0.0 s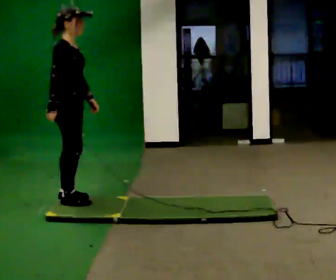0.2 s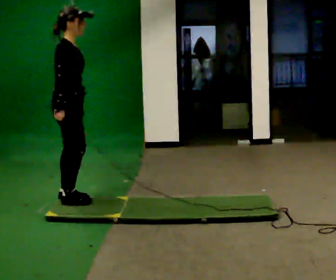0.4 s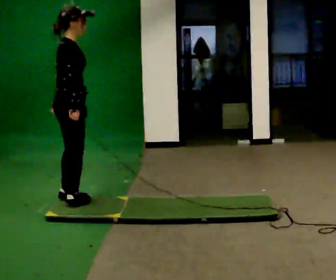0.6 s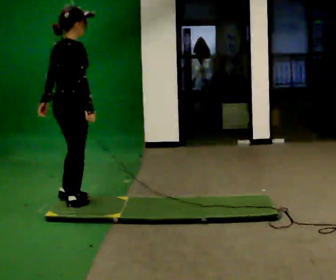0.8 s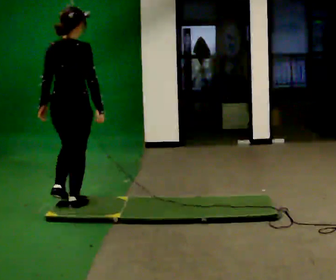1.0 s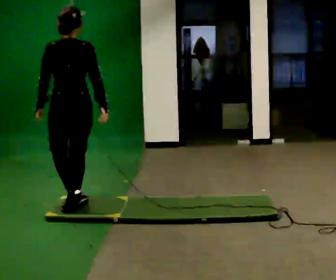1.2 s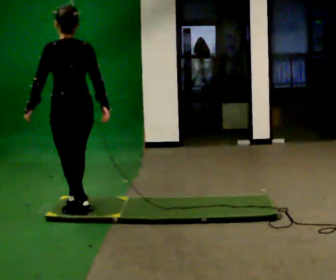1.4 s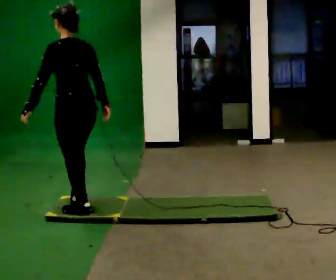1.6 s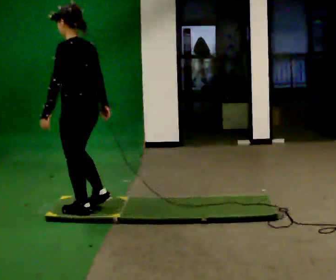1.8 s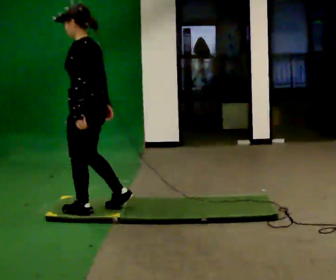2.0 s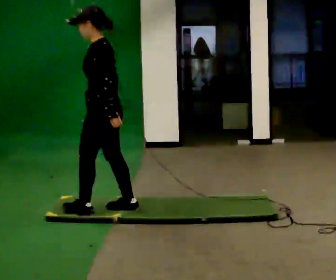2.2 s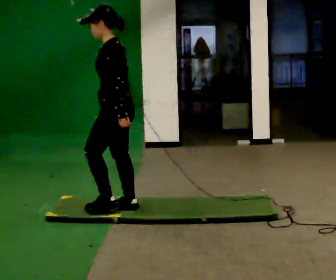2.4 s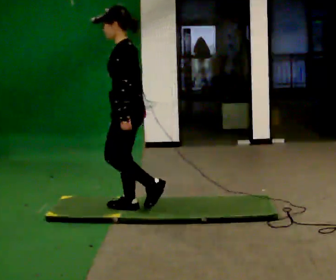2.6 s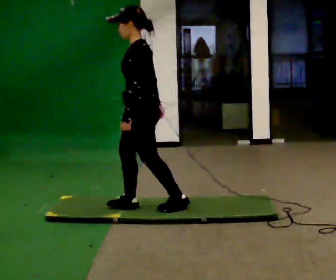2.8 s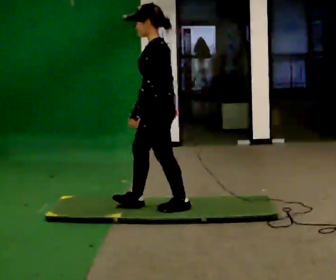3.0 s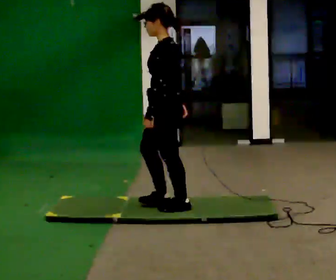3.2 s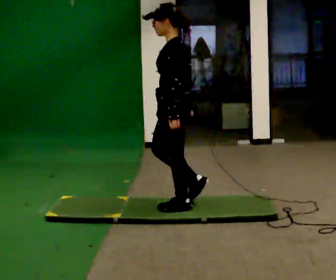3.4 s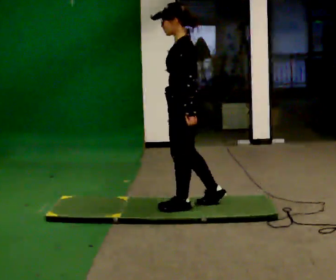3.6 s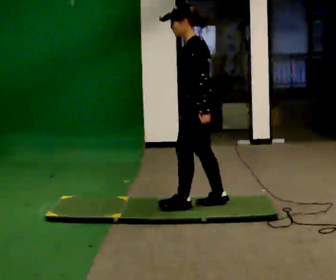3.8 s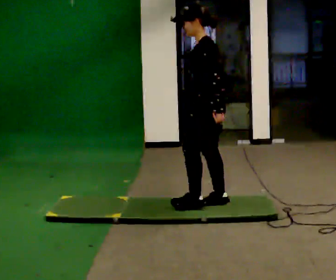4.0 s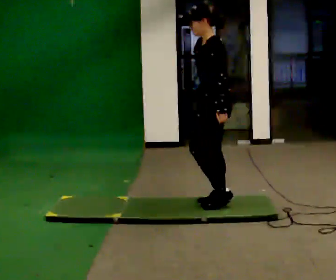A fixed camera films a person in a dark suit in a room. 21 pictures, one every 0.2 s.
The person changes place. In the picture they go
to the right.
The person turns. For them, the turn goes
to their left.
0.0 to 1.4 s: The person turns about 135 degrees to their left, counterclockwise seen from above, so the part of the body nearest the lens slides to the right. In the picture they go toward the camera, about 0.25 m in 2 steps.
1.4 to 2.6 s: The part of the body nearest the lens slides to the right as the person turns to their left by about 45 degrees. In the picture they go to the right, about 0.5 m in 1 step, which for them is backward.
2.6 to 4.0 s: In the picture they go to the right, about 0.5 m in 2 steps, which for them is backward.
The film runs backward here.
